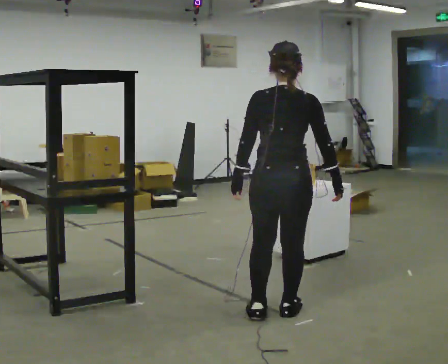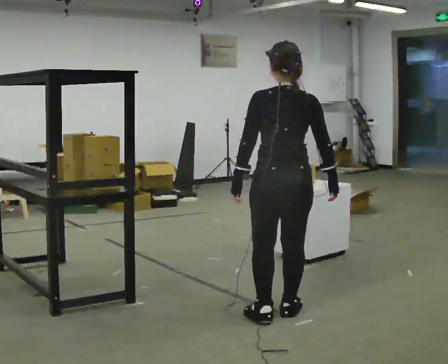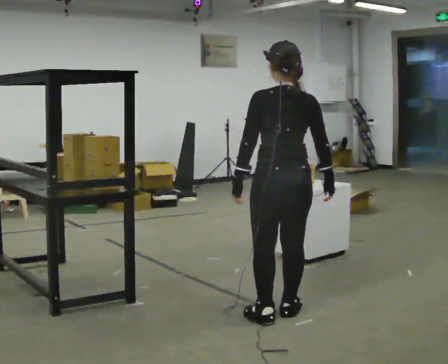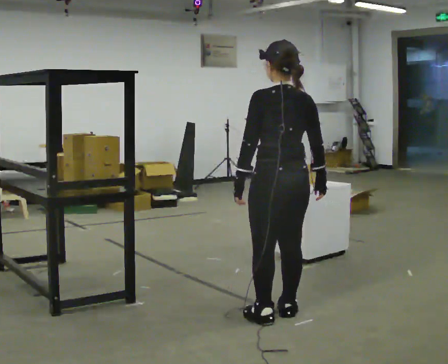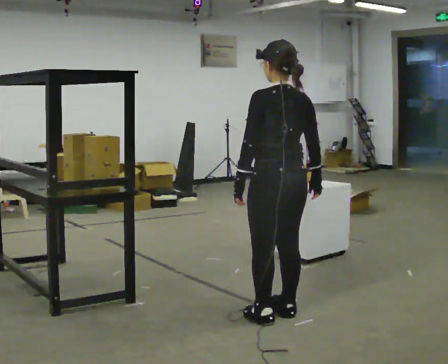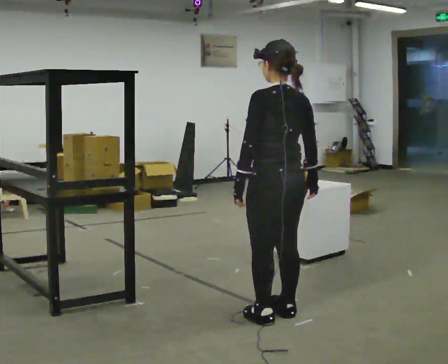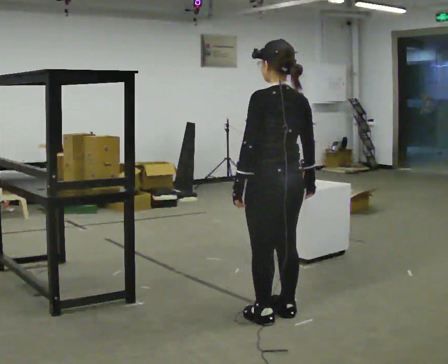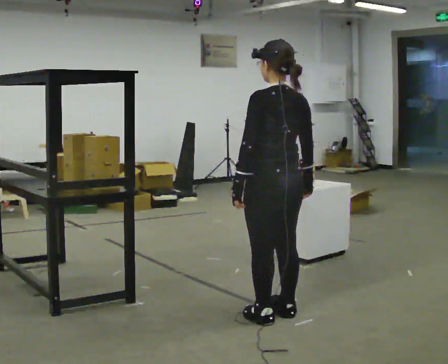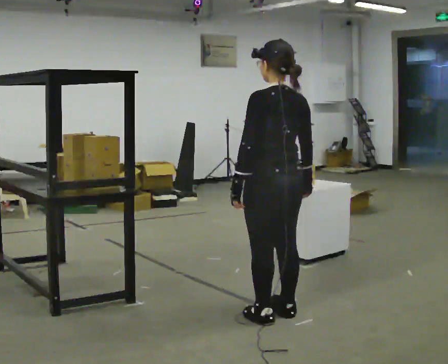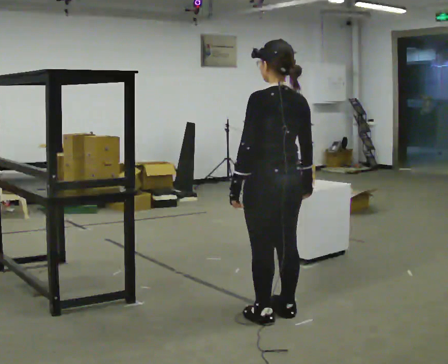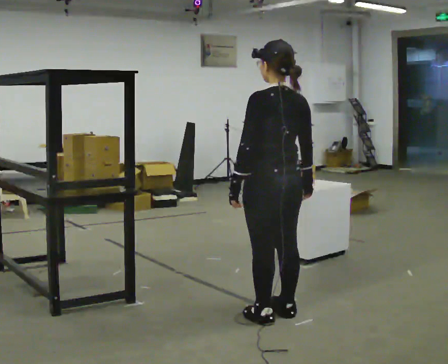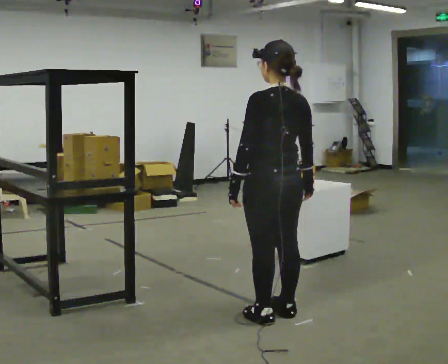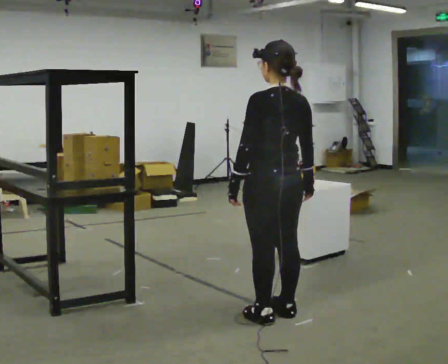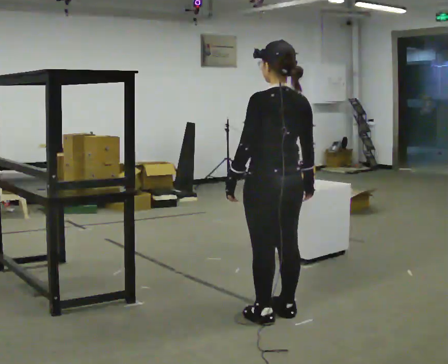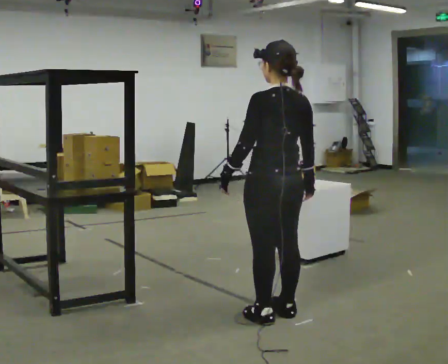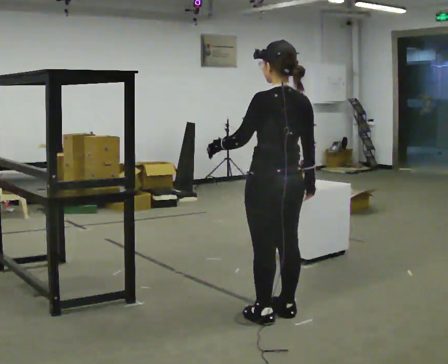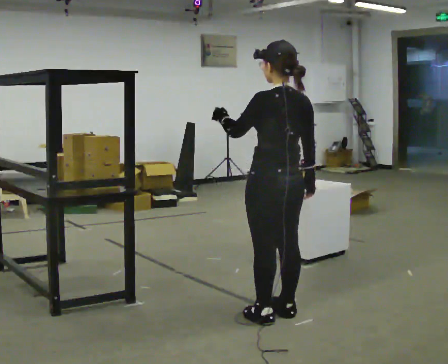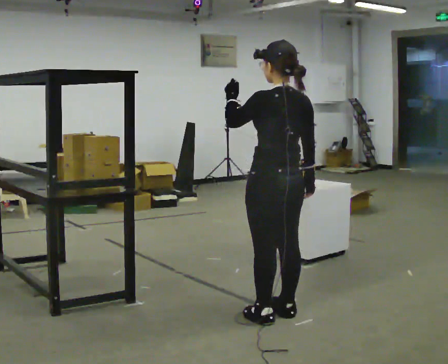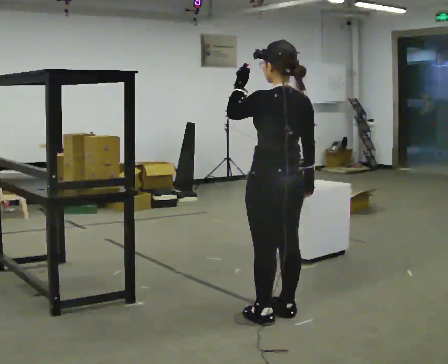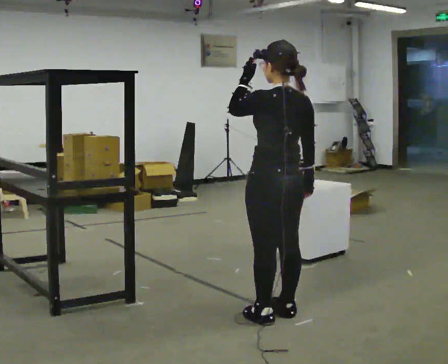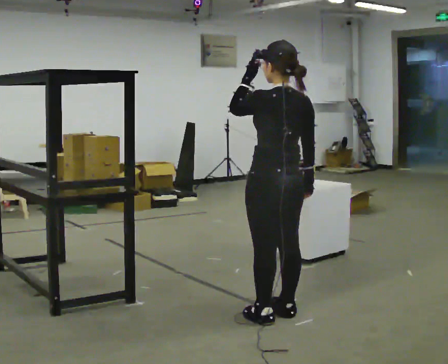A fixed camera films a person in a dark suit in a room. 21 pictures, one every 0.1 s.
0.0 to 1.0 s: The part of the body nearest the lens slides to the right as the person turns to their left by about 30 degrees.
1.0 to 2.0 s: In the picture their left hand goes upward.
The film runs forward here.
